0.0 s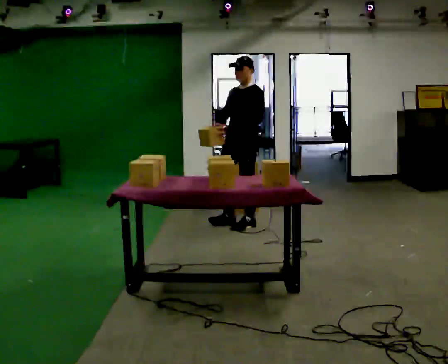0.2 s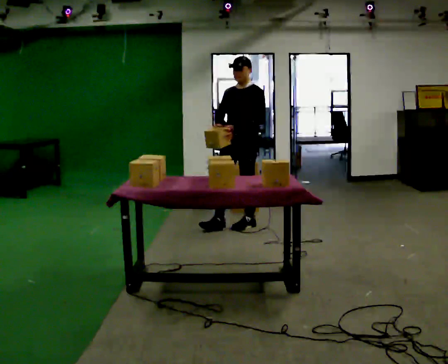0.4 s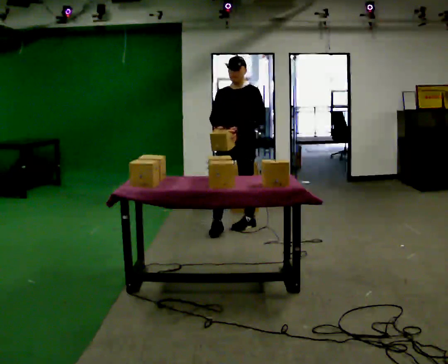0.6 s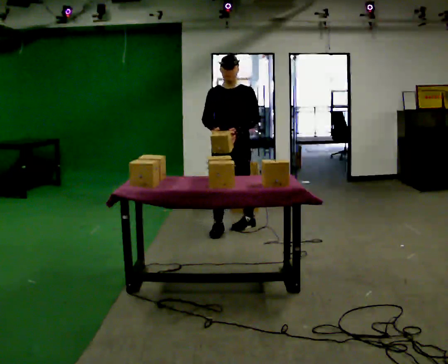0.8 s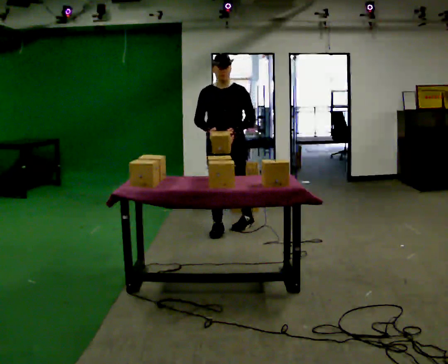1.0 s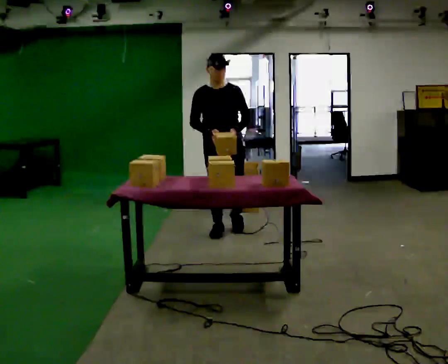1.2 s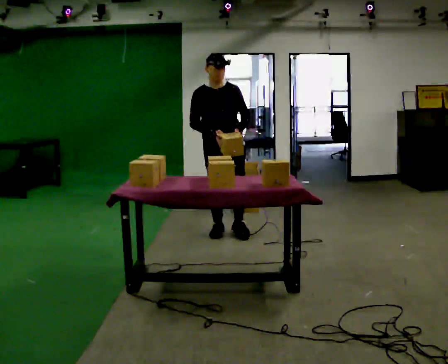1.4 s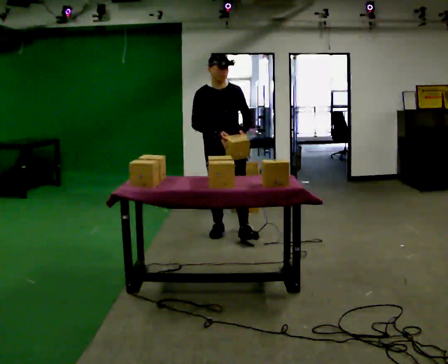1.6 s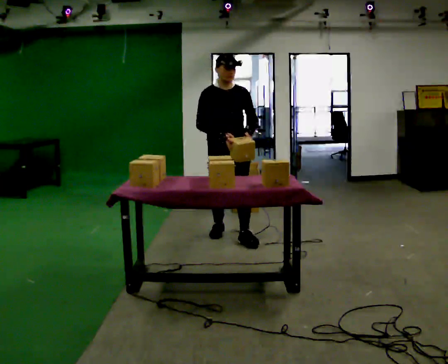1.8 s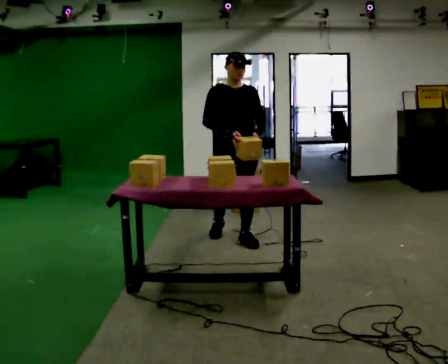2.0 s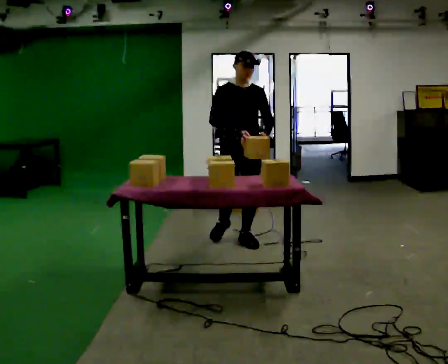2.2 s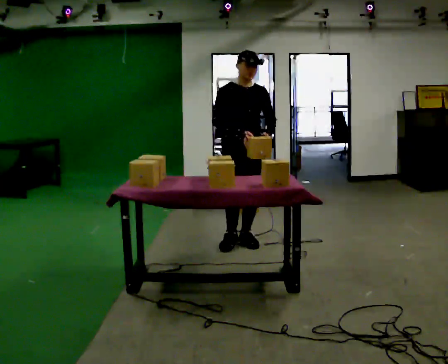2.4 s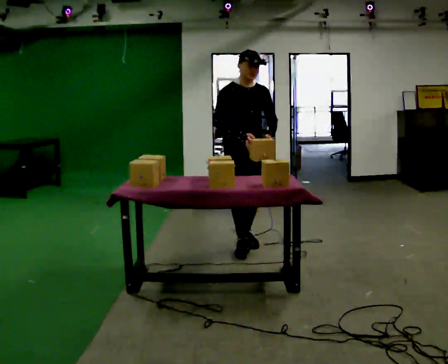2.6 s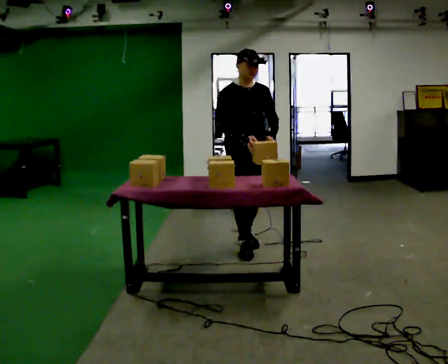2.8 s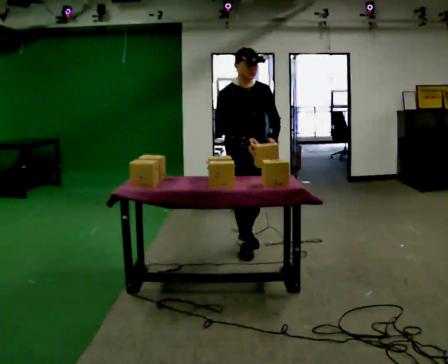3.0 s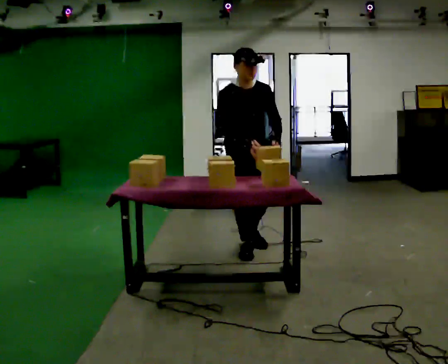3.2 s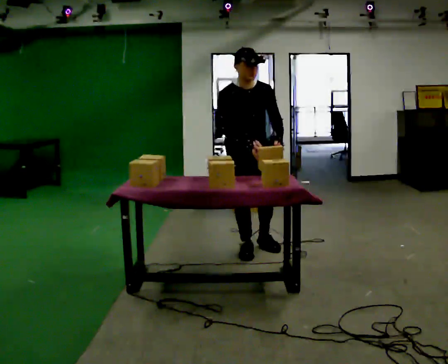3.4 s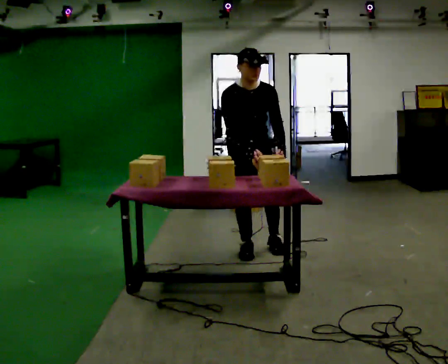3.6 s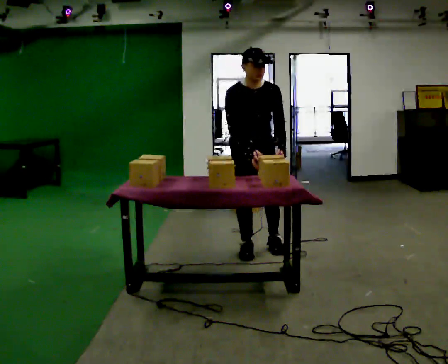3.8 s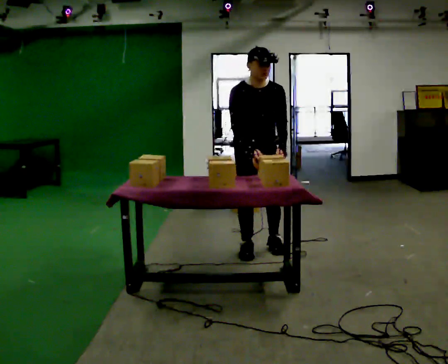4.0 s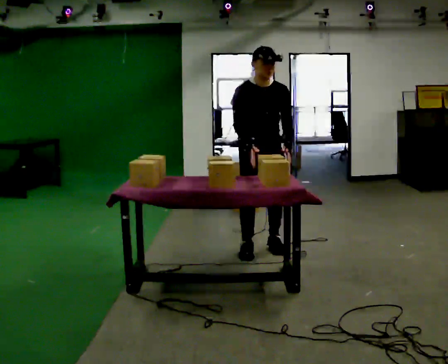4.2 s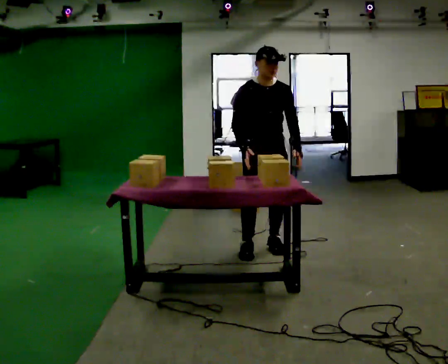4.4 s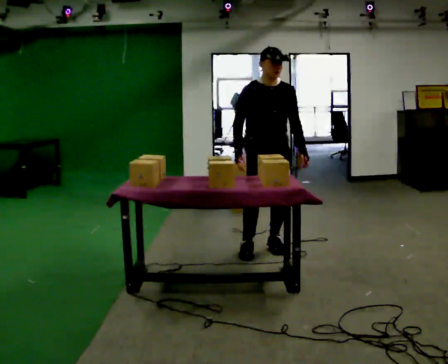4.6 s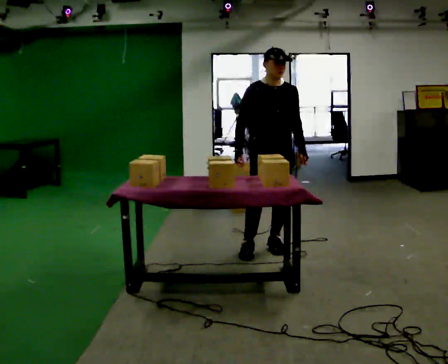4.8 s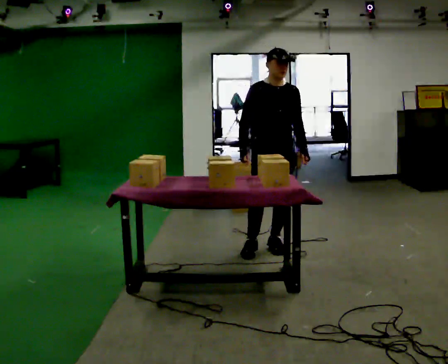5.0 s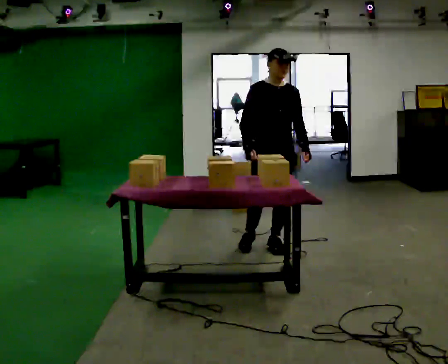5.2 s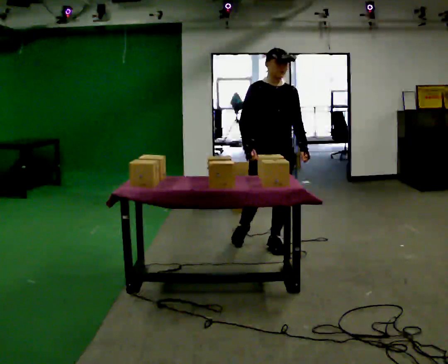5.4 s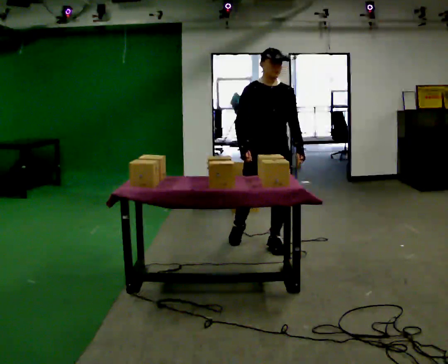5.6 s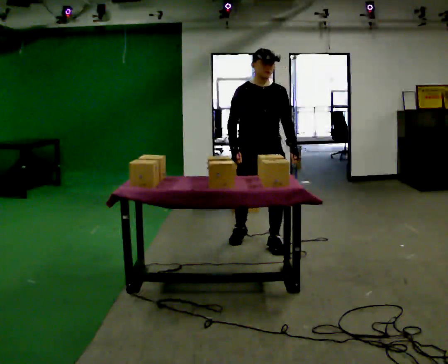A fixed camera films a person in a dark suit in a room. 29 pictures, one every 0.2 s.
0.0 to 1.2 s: Seen from above the body turns counterclockwise, about 60 degrees: to their left, with its near side sliding to the right. In the picture they go toward the camera and to the left, about 0.25 m in 1 step, which for them is forward and to their right.
1.2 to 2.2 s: In the picture they go toward the camera and to the right, about 0.5 m in 1 step, which for them is forward.
2.2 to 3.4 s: In the picture they go toward the camera, about 0.25 m in 2 steps, which for them is forward. The upper body tips toward the camera, its near side rolling downward, as they bend forward.
3.4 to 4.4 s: In the picture they go to the right, about 0.25 m, which for them is to their left.
4.4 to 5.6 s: The person moves a little, or ends about where they began.
The film runs forward here.
